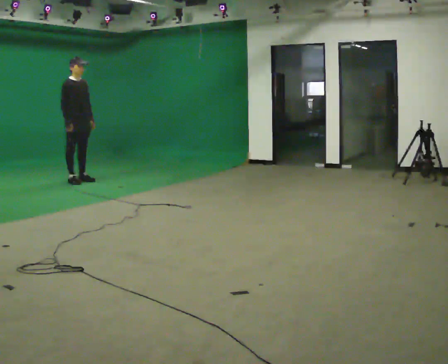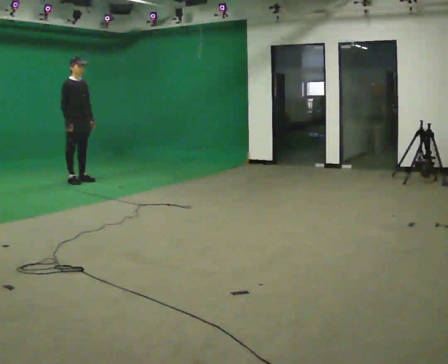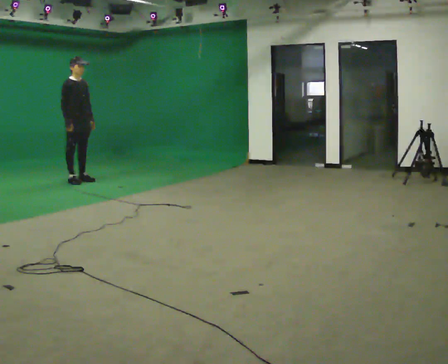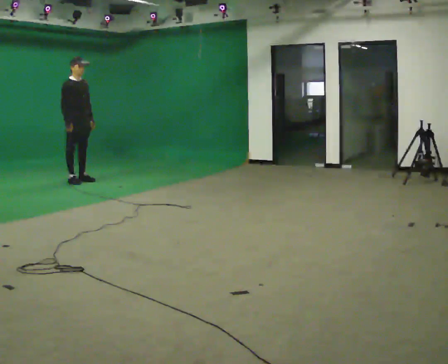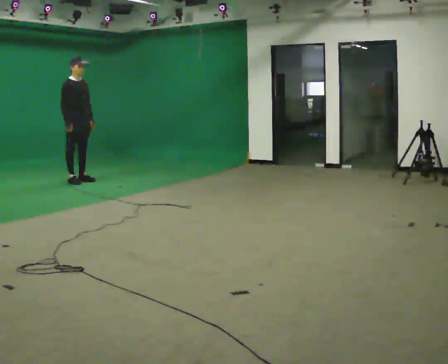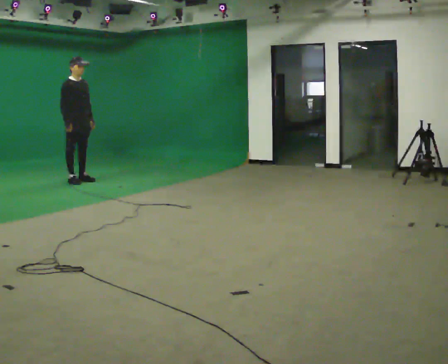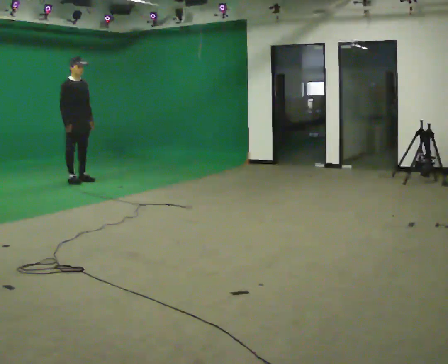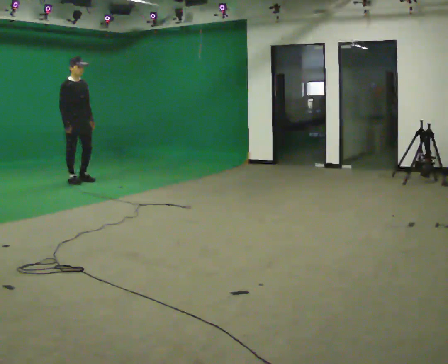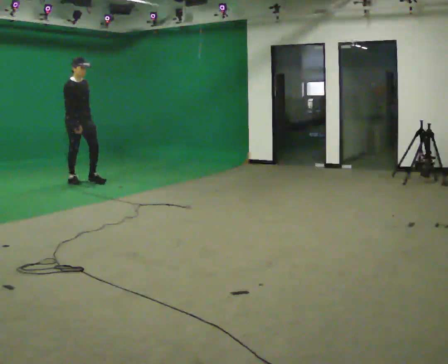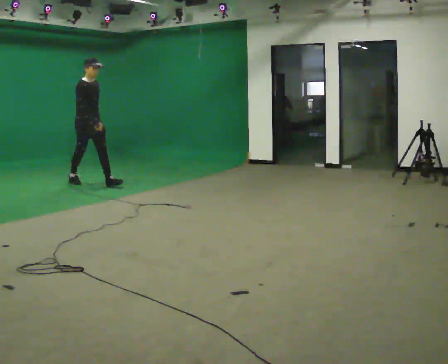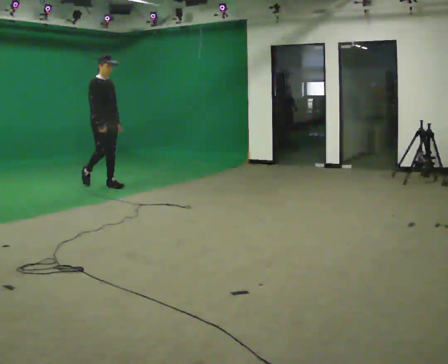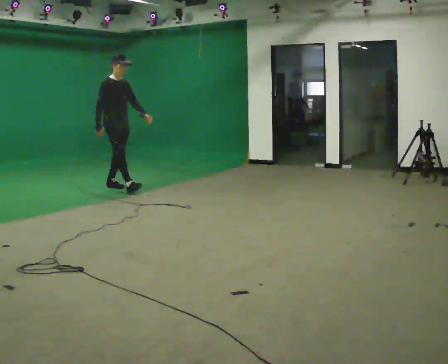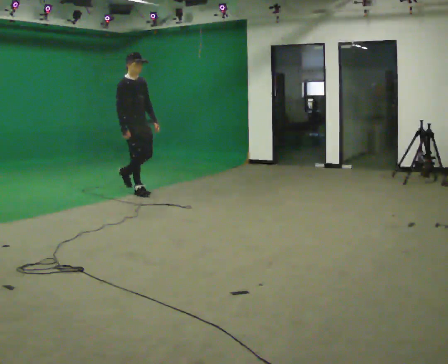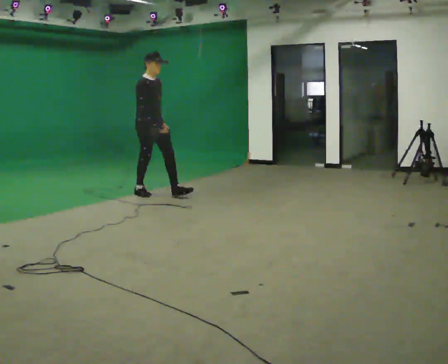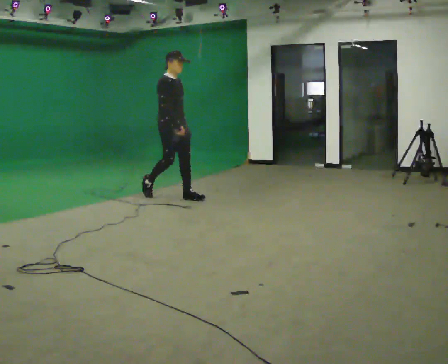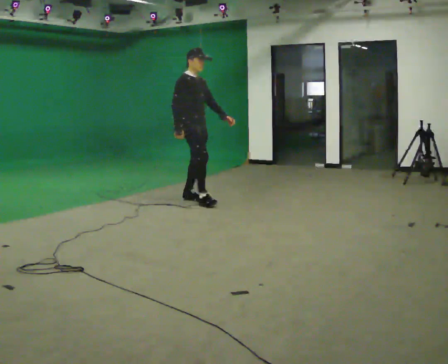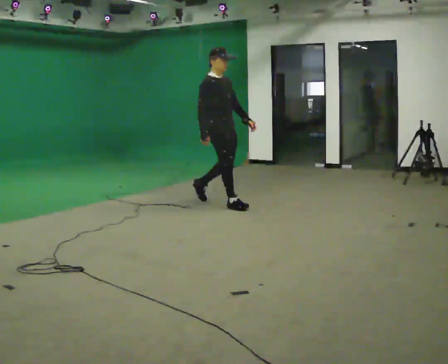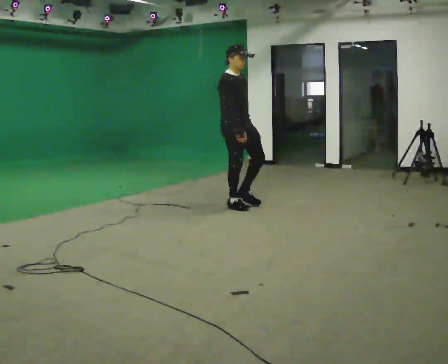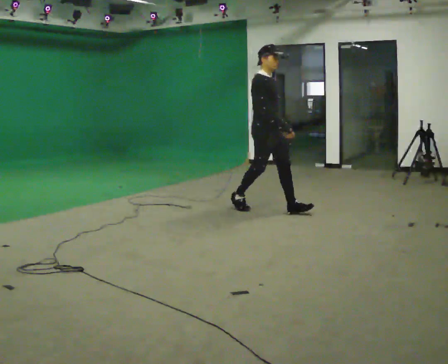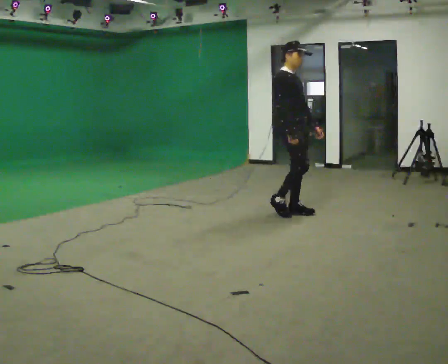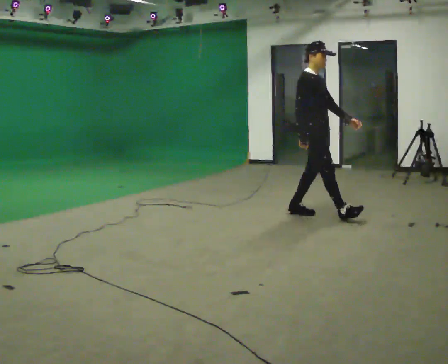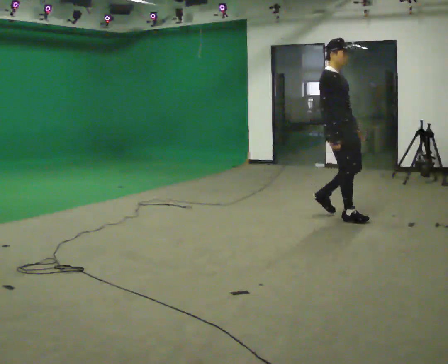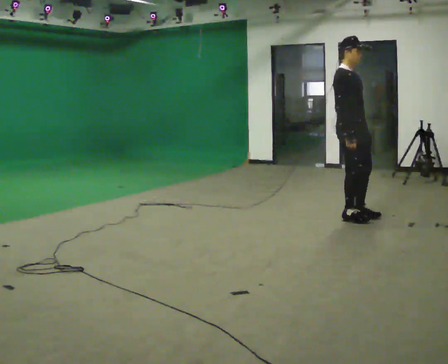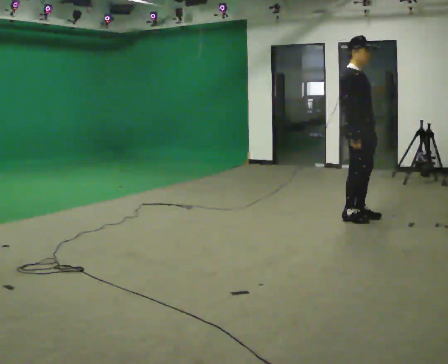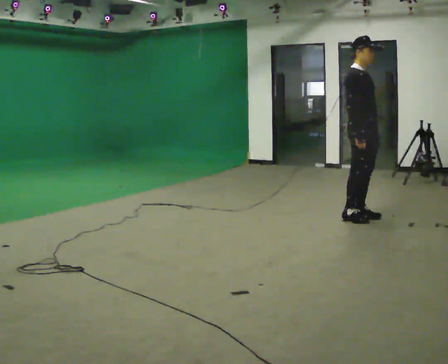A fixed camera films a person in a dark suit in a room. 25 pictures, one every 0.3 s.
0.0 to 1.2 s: The person keeps their place and pose.
1.2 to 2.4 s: The person moves a little, or ends about where they began.
2.4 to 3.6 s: In the picture they go to the right and toward the camera, about 1 m in 2 steps, which for them is forward.
3.6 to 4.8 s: In the picture they go to the right and toward the camera, about 1.5 m in 2 steps, which for them is forward.
4.8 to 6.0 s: In the picture they go to the right and toward the camera, about 1 m in 2 steps, which for them is forward.
6.0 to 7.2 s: In the picture they go to the right and toward the camera, about 0.5 m in 1 step, which for them is forward.
The film runs forward here.
